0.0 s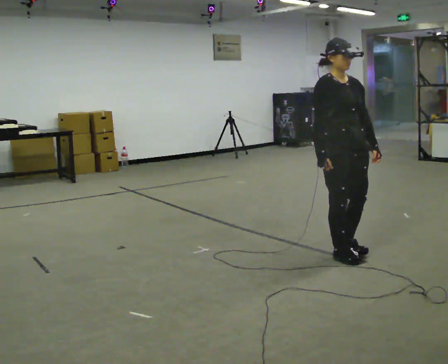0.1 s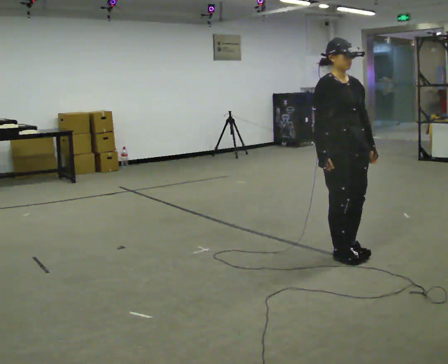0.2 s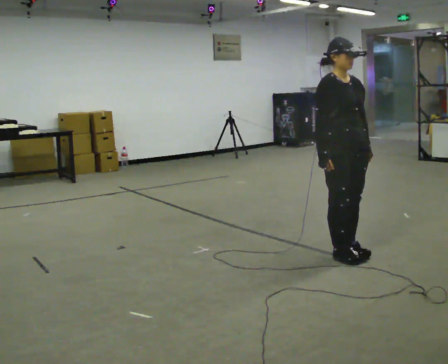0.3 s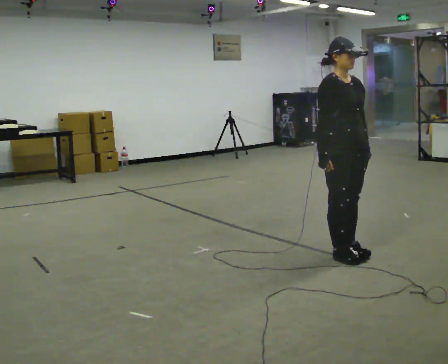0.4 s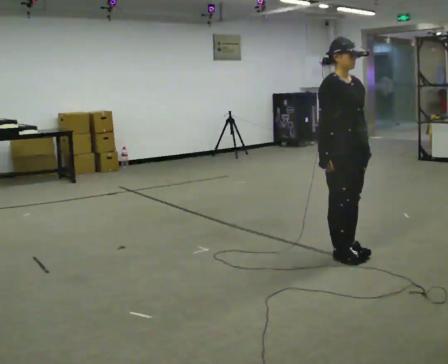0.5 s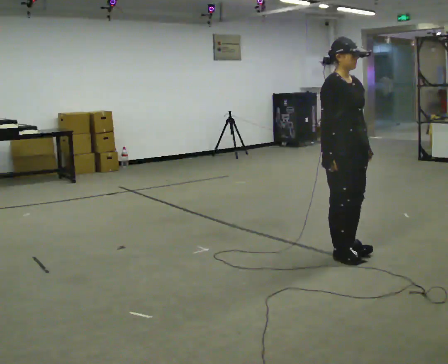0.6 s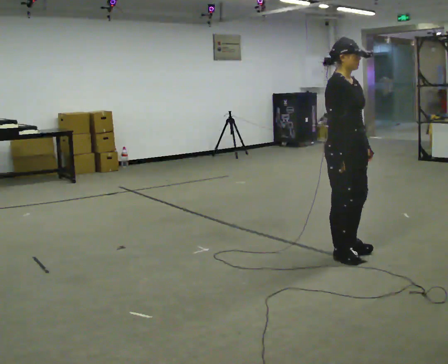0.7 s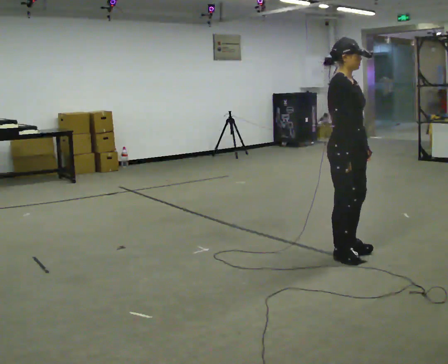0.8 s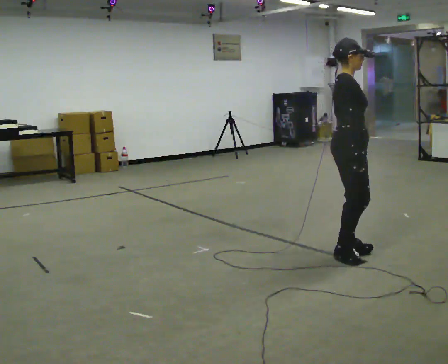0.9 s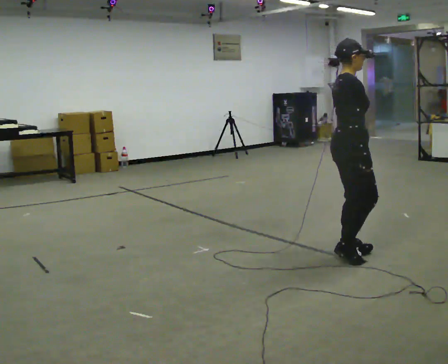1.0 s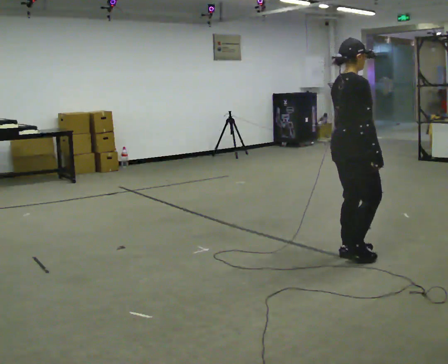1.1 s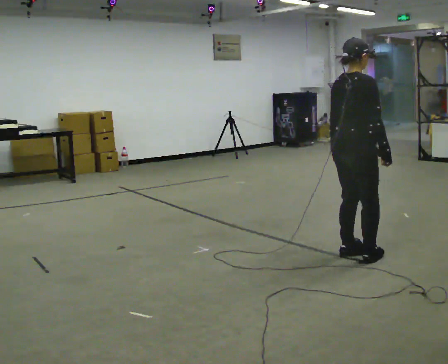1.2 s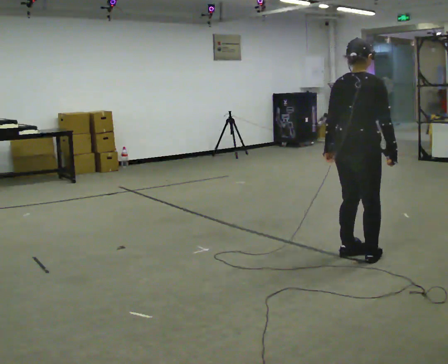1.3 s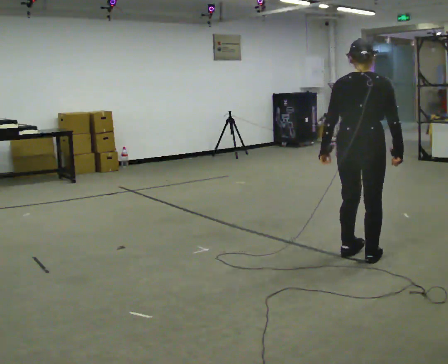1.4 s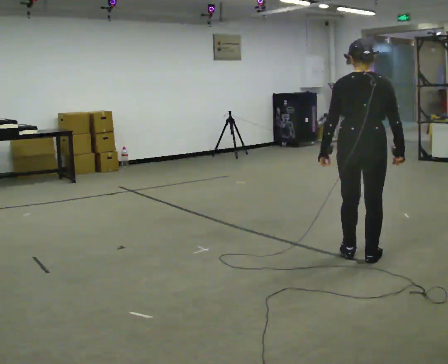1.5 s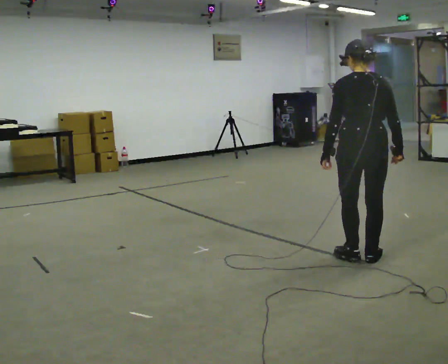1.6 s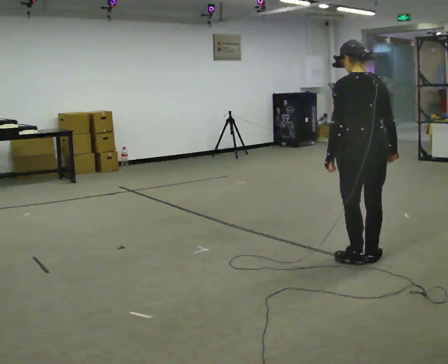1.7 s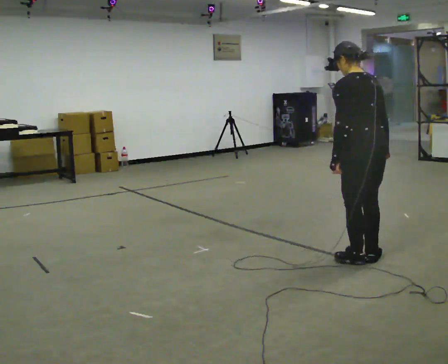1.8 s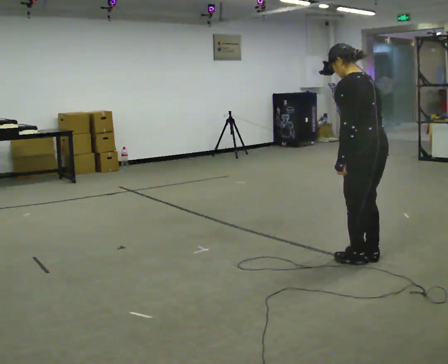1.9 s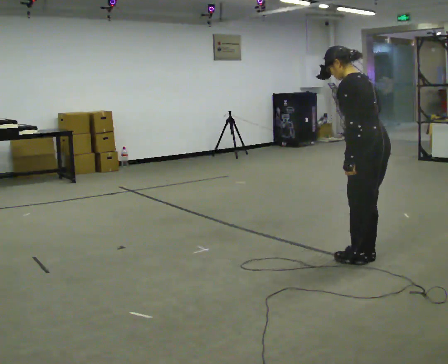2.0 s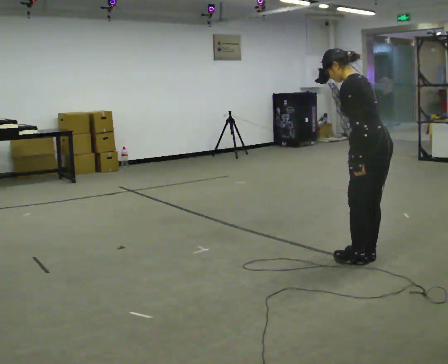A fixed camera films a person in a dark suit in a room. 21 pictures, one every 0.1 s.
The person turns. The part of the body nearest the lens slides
to the right.
The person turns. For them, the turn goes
to their left.
0.0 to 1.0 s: The person turns about 75 degrees to their left, counterclockwise seen from above, so the part of the body nearest the lens slides to the right.
1.0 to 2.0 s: The person turns about 135 degrees to their left, counterclockwise seen from above, so the part of the body nearest the lens slides to the right. In the picture they go to the right, about 0.25 m in 2 steps. In the picture the upper body tilts counterclockwise, shoulders to the left, as they bend forward.
The film runs forward here.
